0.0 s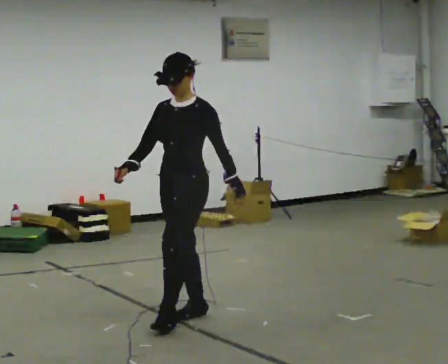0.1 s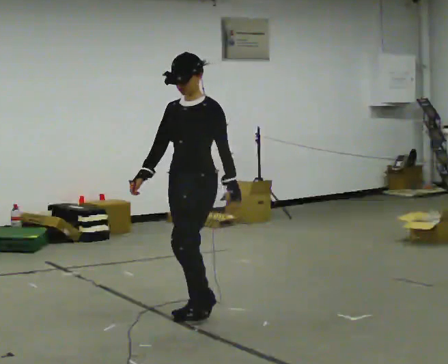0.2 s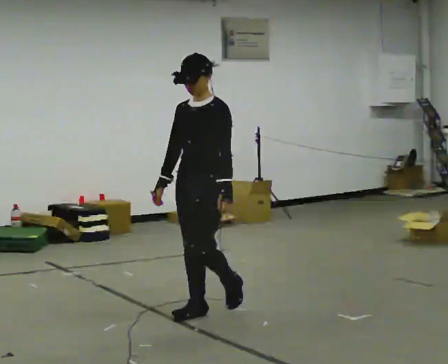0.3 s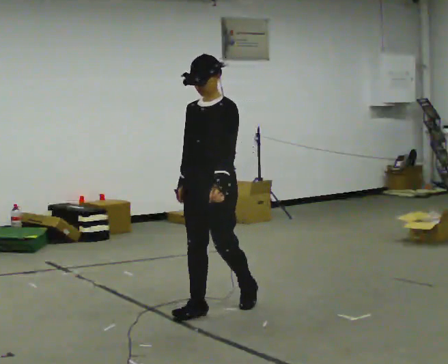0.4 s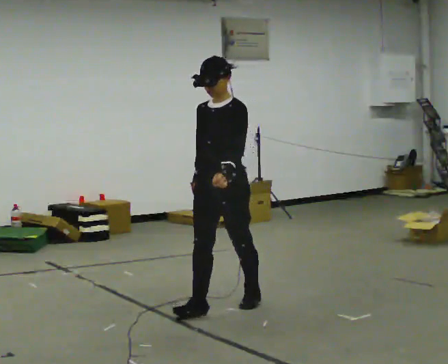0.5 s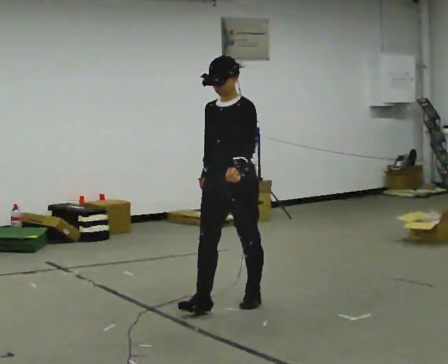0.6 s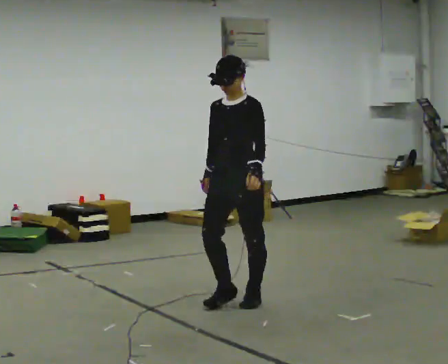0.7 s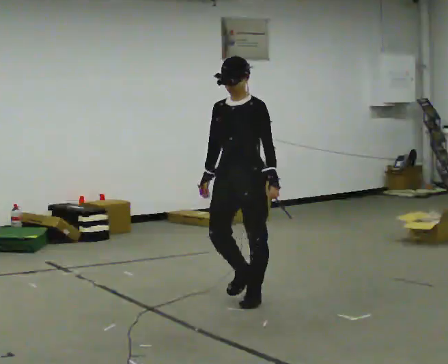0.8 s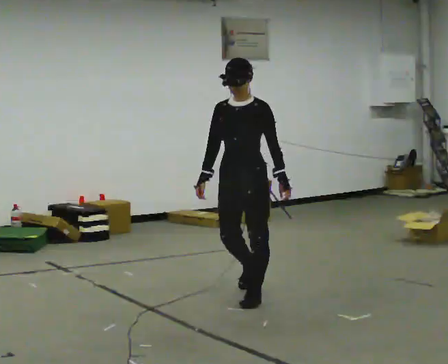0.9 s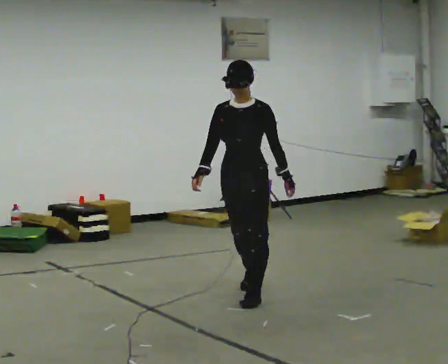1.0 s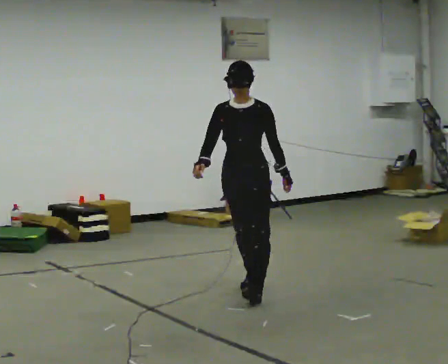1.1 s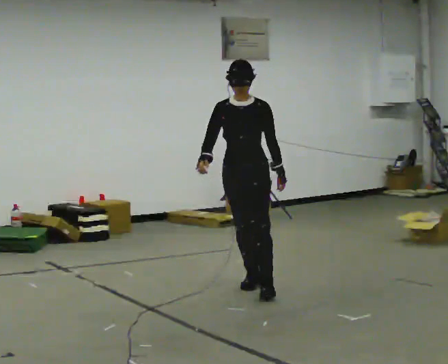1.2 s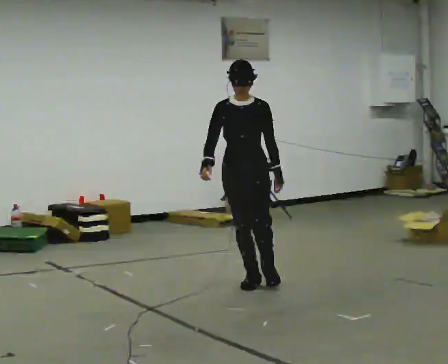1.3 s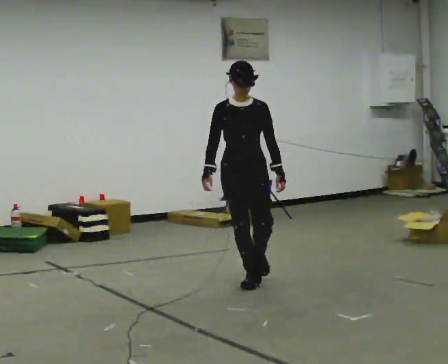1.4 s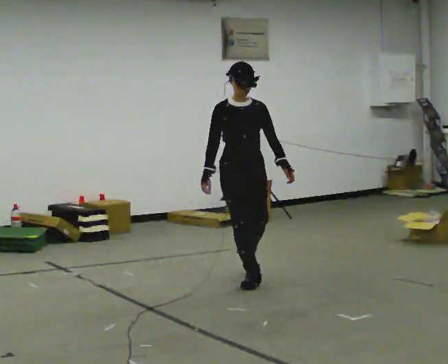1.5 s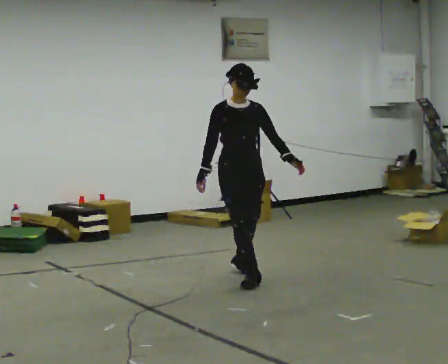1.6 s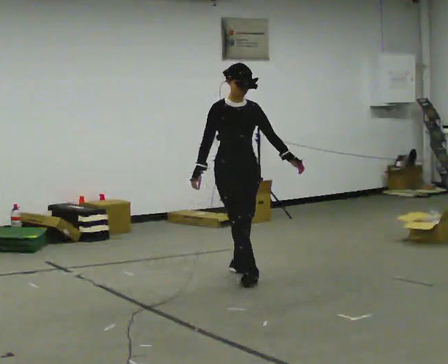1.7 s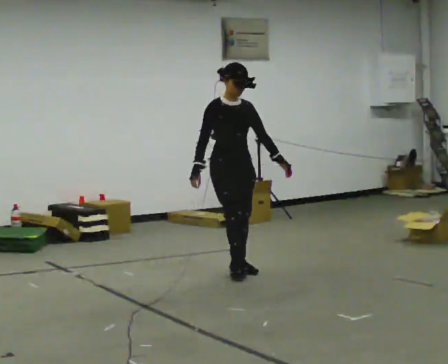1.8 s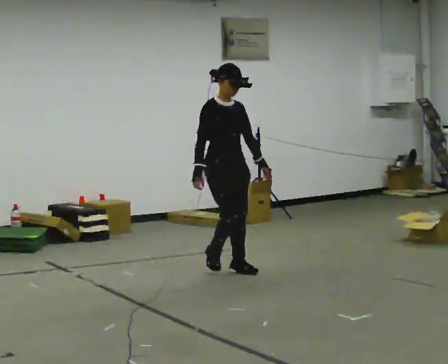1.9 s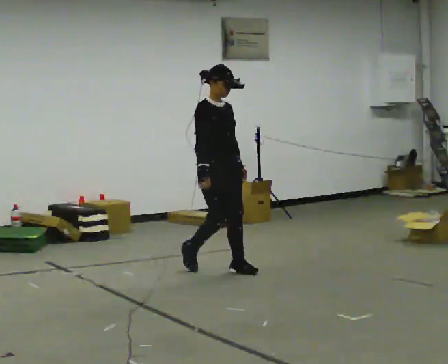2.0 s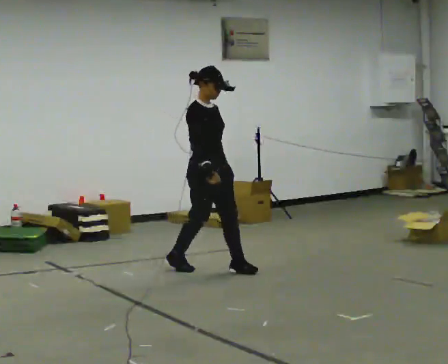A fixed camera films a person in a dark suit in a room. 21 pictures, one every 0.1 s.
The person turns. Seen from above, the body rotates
counterclockwise.
The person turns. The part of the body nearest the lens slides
to the right.
0.0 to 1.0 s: In the picture they go away from the camera and to the right, about 1 m in 2 steps, which for them is backward.
1.0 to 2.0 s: The part of the body nearest the lens slides to the right as the person turns to their left by about 75 degrees. In the picture they go away from the camera and to the left, about 0.5 m in 1 step.
The film runs backward here.
